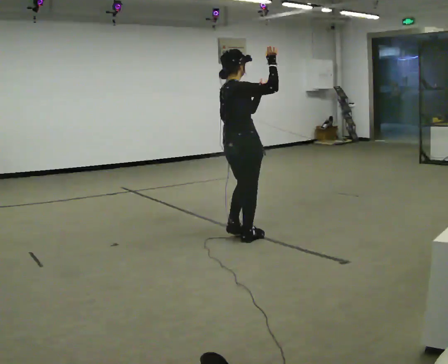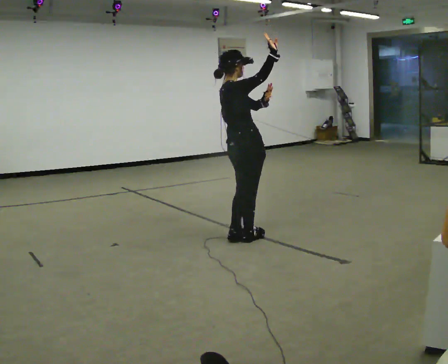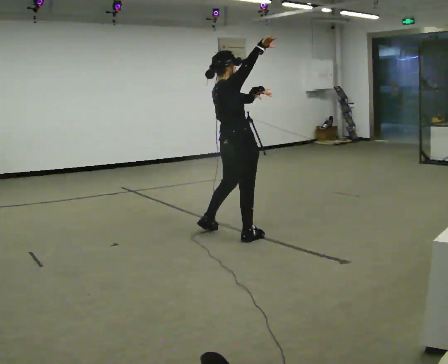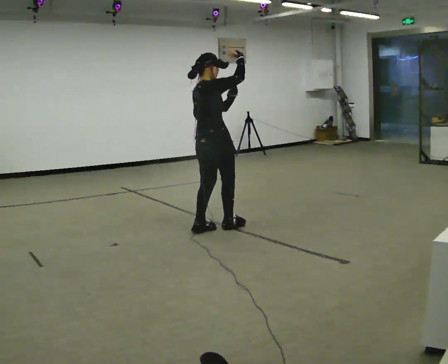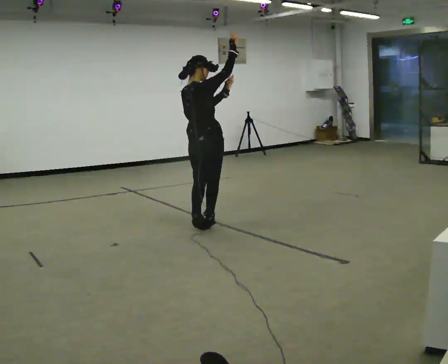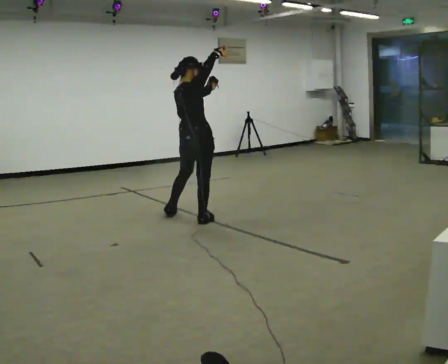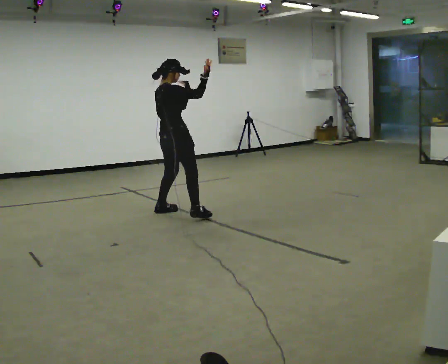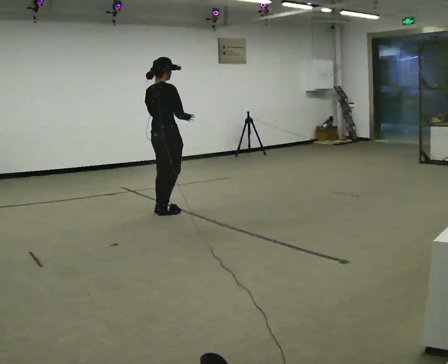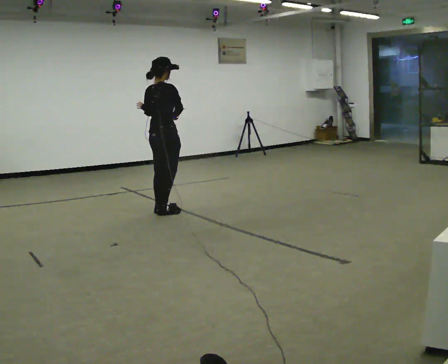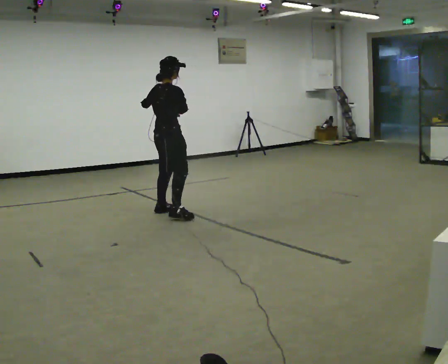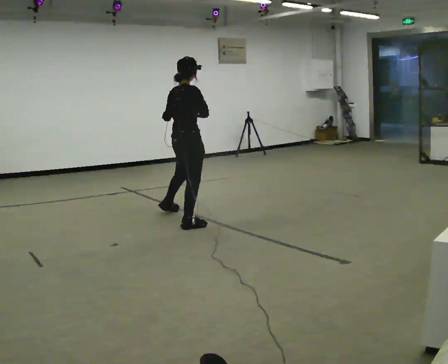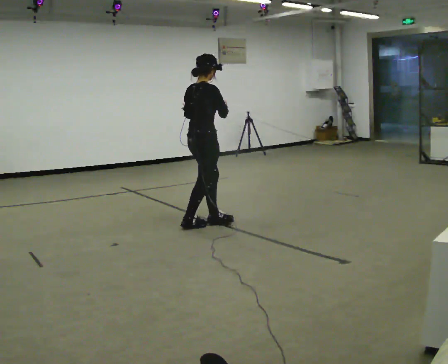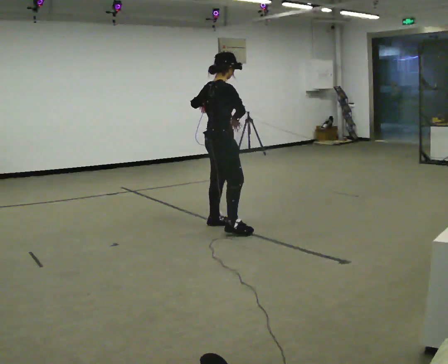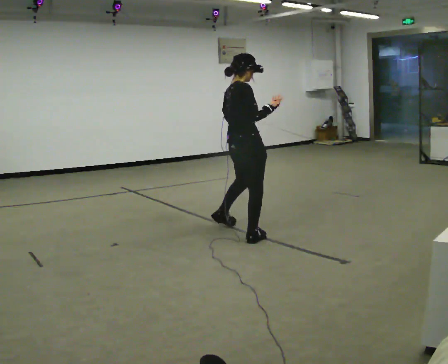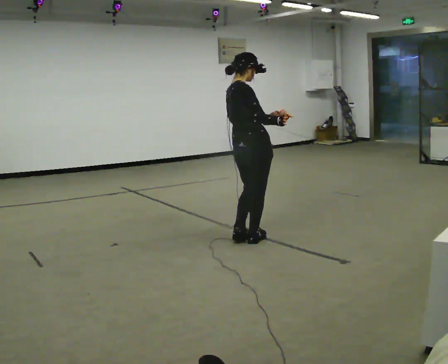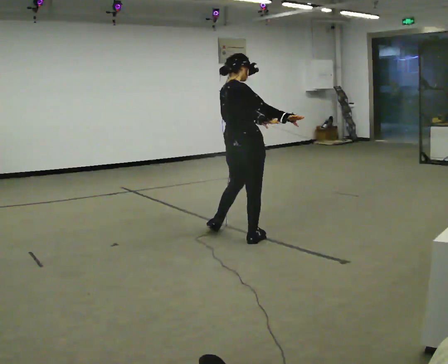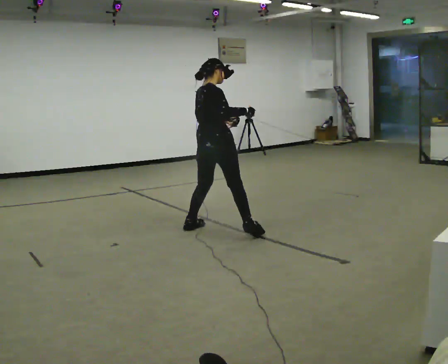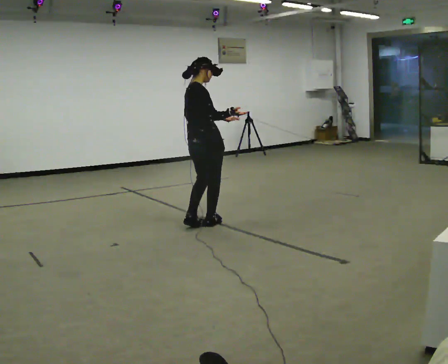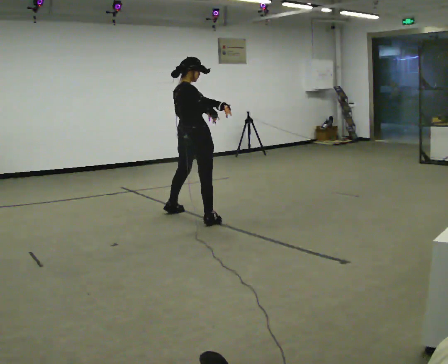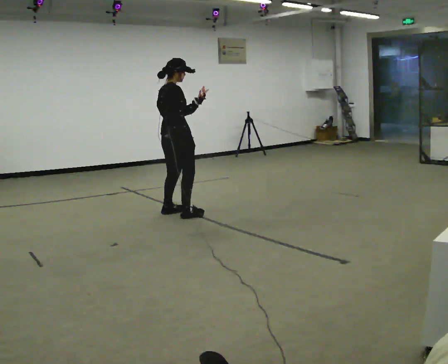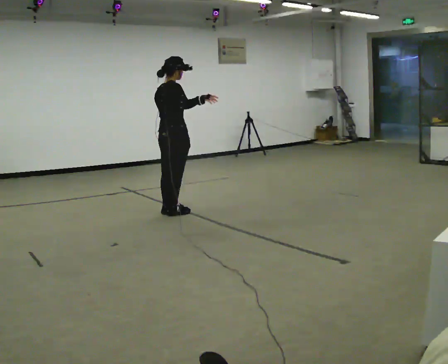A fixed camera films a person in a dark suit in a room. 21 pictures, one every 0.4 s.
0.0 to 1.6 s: In the picture they go away from the camera and to the left, about 0.5 m in 3 steps, which for them is to their left.
1.6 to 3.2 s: In the picture they go away from the camera and to the left, about 0.75 m in 1 step, which for them is to their left. In the picture their right hand goes downward, the arm swinging clockwise.
3.2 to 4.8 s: Seen from above the body turns clockwise, about 30 degrees: to their right, with its near side sliding to the left. In the picture they go toward the camera and to the right, about 1 m in 3 steps, which for them is to their right.
4.8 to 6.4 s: Seen from above the body turns counterclockwise, about 30 degrees: to their left, with its near side sliding to the right.
6.4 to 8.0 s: In the picture they go away from the camera and to the left, about 1 m in 2 steps, which for them is to their left.
The film runs backward here.
